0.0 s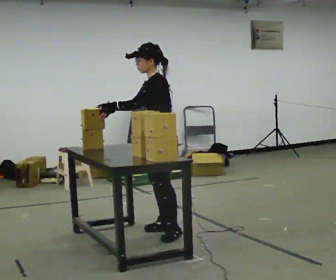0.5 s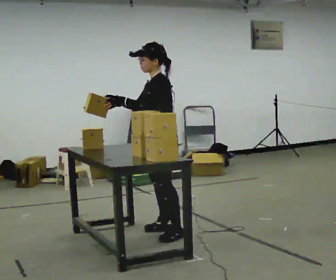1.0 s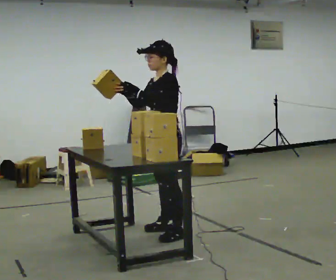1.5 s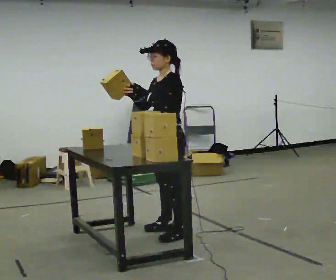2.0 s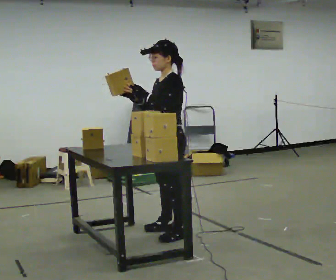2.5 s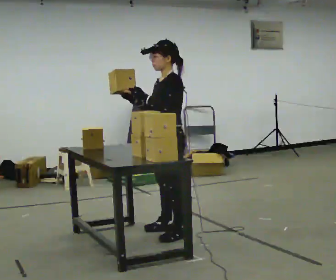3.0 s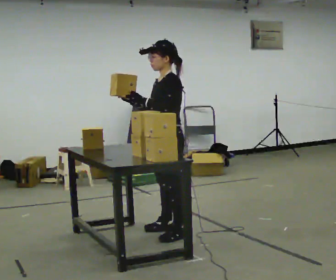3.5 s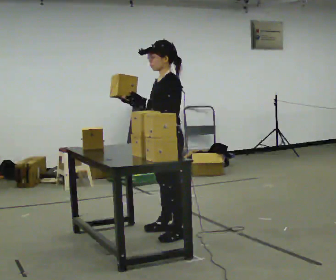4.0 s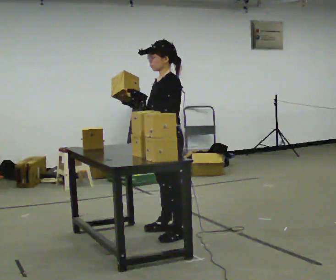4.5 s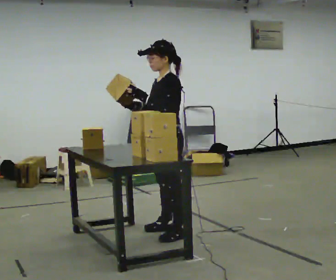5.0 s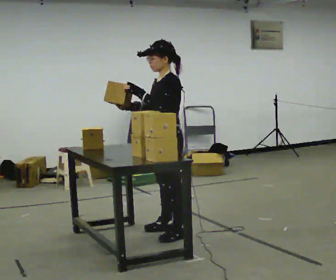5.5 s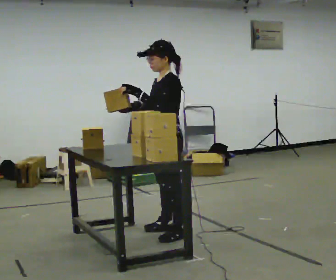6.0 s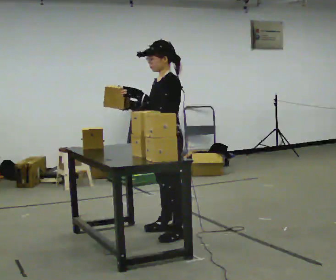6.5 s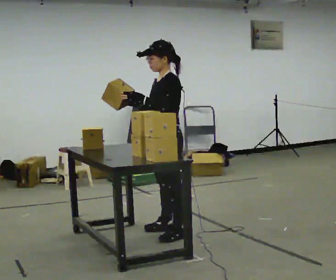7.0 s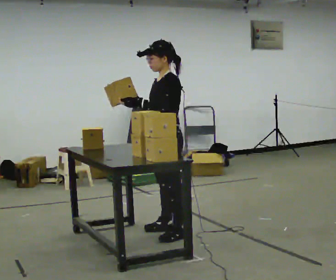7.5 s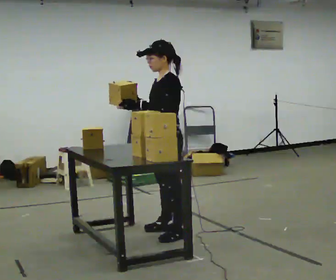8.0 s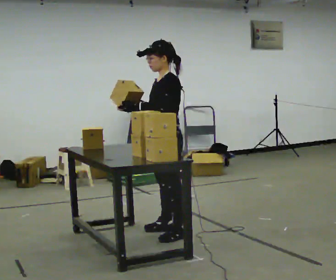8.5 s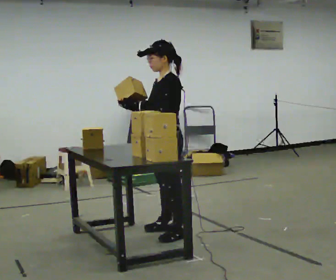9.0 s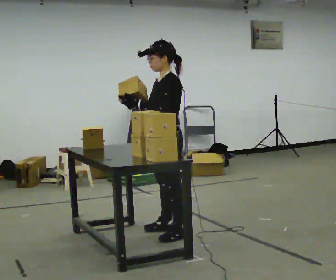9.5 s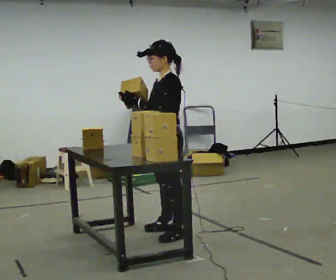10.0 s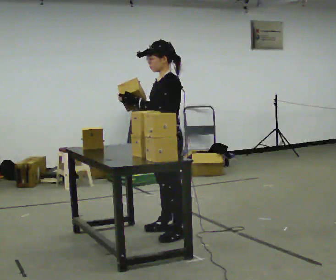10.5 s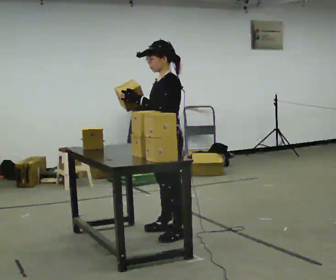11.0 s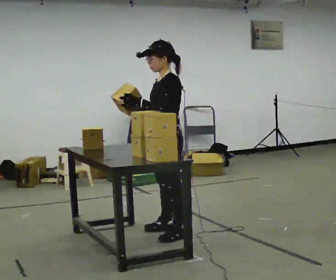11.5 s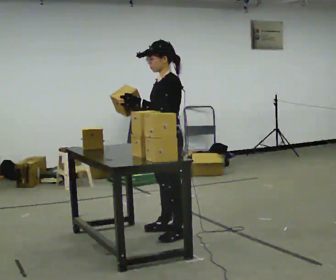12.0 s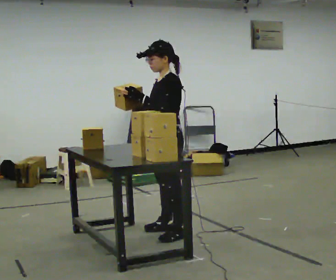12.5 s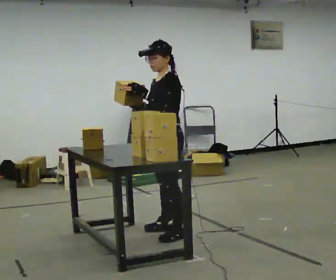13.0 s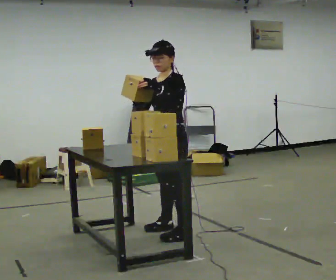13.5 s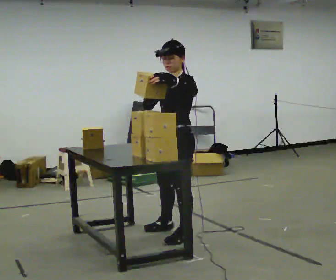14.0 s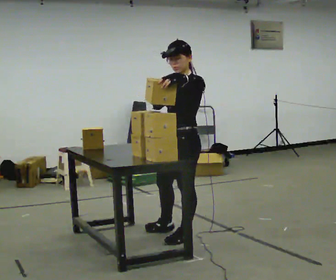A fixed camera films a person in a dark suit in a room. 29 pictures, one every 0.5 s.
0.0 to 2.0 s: In the picture they go toward the camera, about 0.25 m, which for them is to their left.
2.0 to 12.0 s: The person moves a little, or ends about where they began.
12.0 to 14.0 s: In the picture they go toward the camera, about 0.25 m, which for them is to their left.
The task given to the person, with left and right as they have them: Hold the box, turn it so you can read the label, and read it out loud. Then swap to the next box. Repeat at your own pace until the operator says stop. Keep both feet on the marked spots for the whole take. If you have to step, stop and tell the operator.
The film runs forward here.
